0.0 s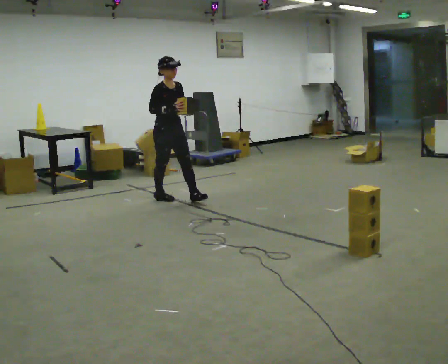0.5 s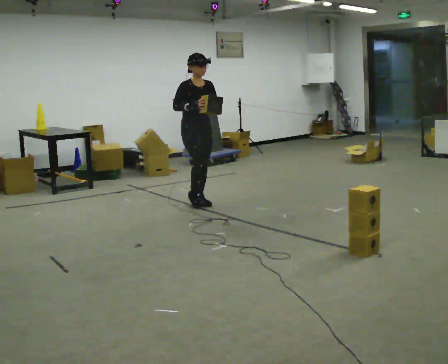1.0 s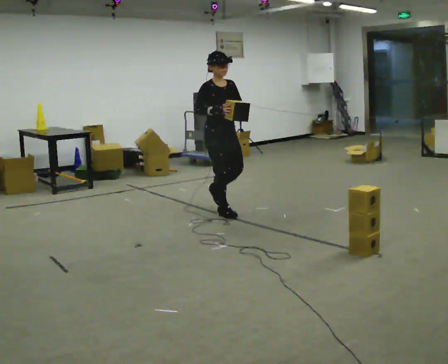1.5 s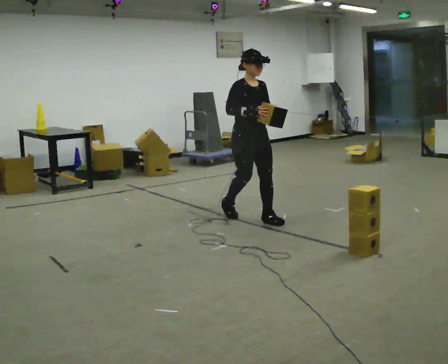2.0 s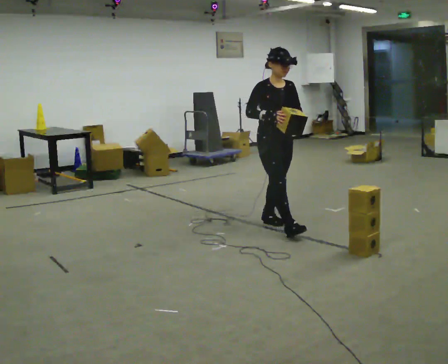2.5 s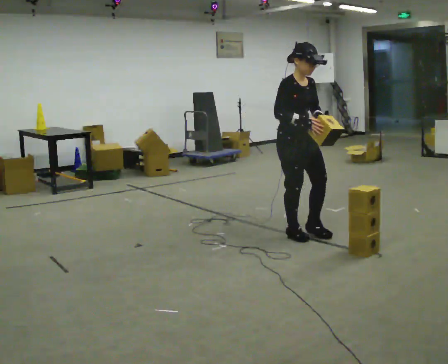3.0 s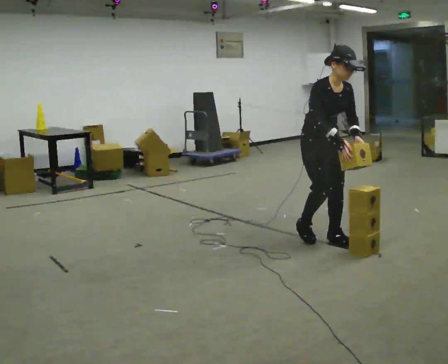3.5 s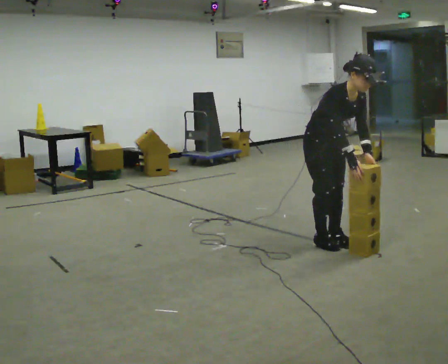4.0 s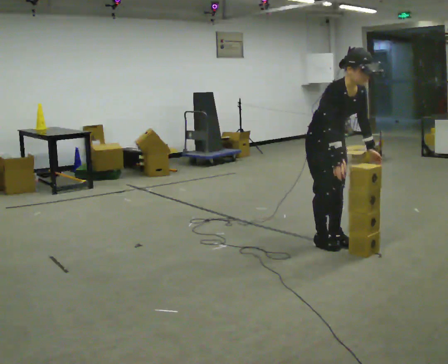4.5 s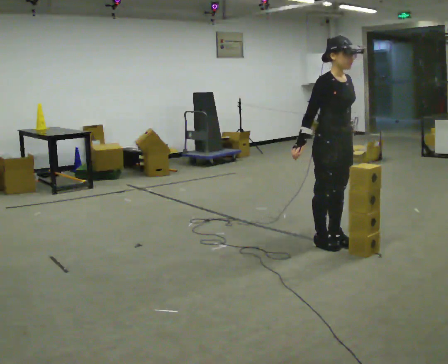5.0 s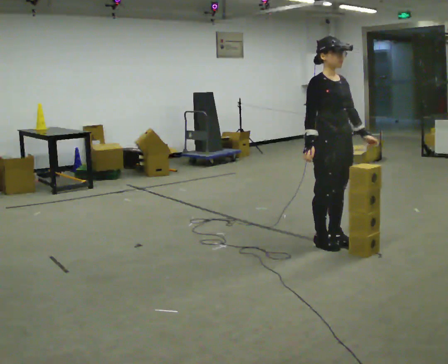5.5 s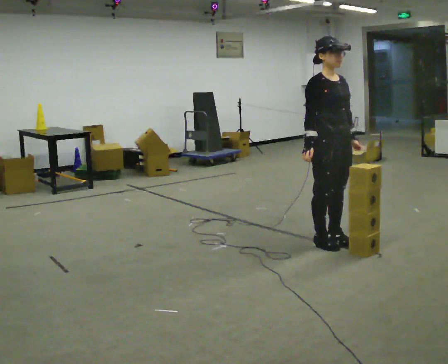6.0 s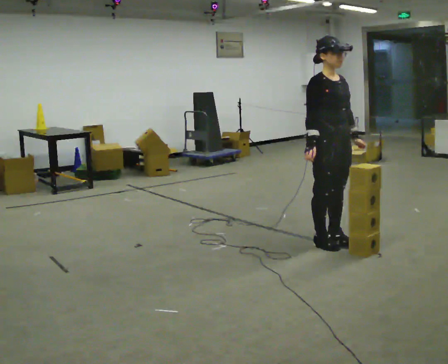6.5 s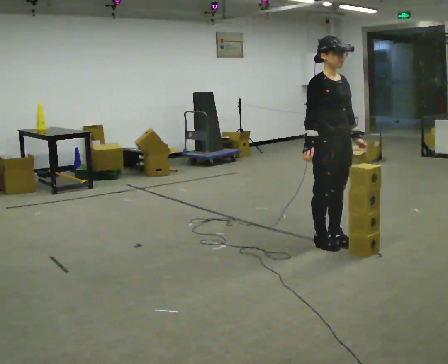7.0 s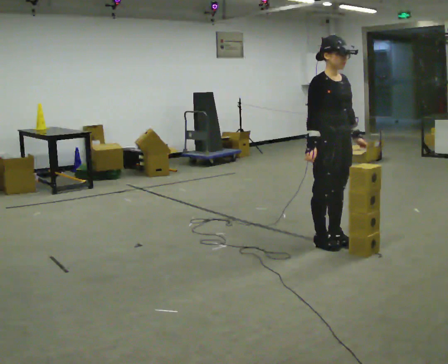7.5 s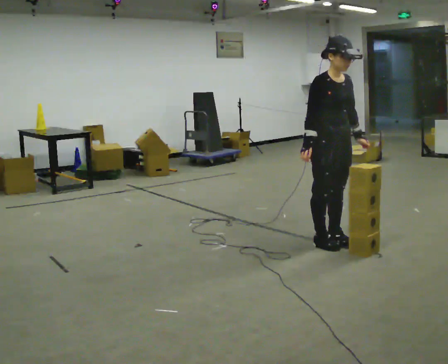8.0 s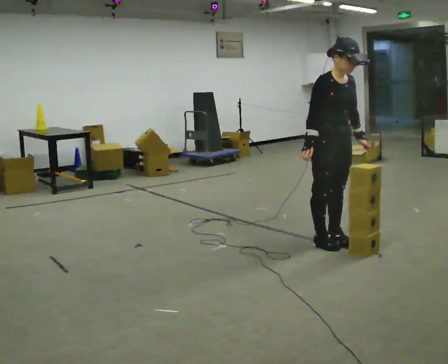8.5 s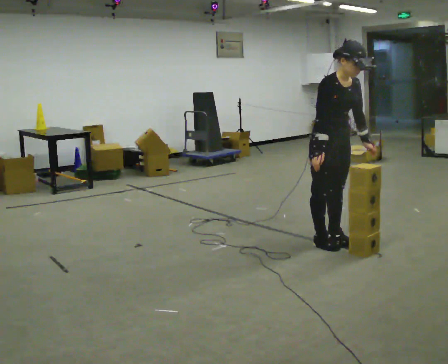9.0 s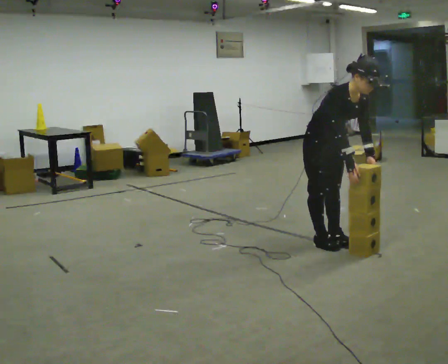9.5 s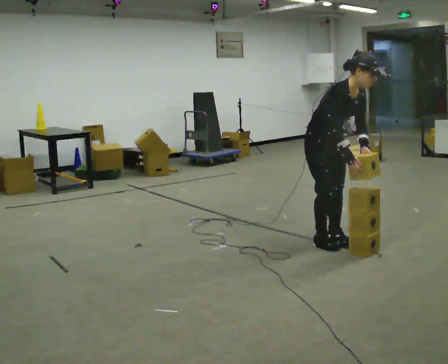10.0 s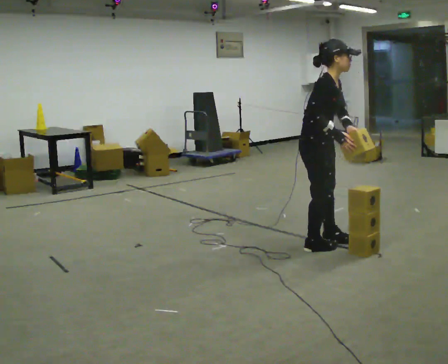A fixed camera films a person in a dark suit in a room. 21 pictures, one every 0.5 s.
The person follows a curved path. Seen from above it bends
clockwise.
0.0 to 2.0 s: In the picture they go to the right and toward the camera, about 1.5 m in 3 steps, which for them is forward.
2.0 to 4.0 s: In the picture they go toward the camera and to the right, about 0.5 m in 3 steps, which for them is forward.
4.0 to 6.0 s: The upper body tips away from the camera, its near side rolling upward, as they lean back or straighten.
6.0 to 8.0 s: The person moves a little, or ends about where they began.
8.0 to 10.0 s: The person turns about 45 degrees to their left, counterclockwise seen from above, so the part of the body nearest the lens slides to the right.
The film runs forward here.
